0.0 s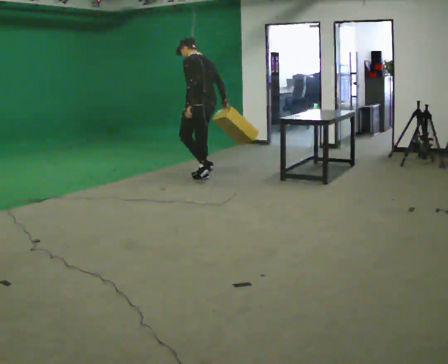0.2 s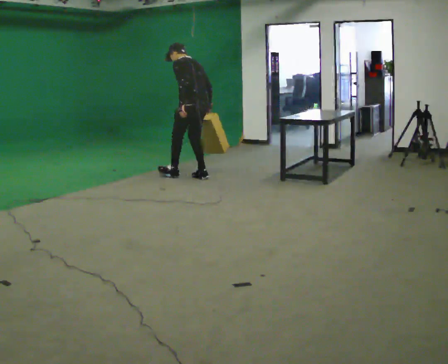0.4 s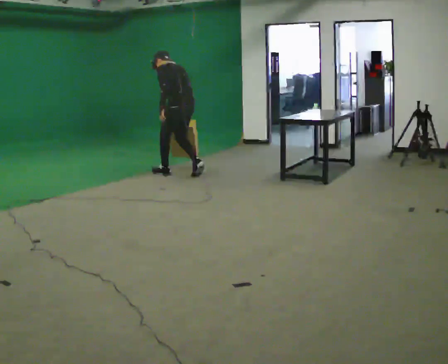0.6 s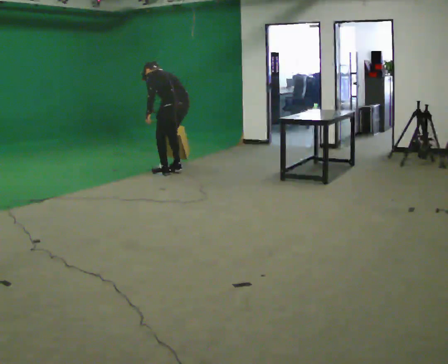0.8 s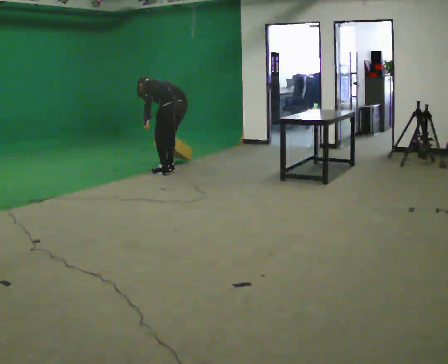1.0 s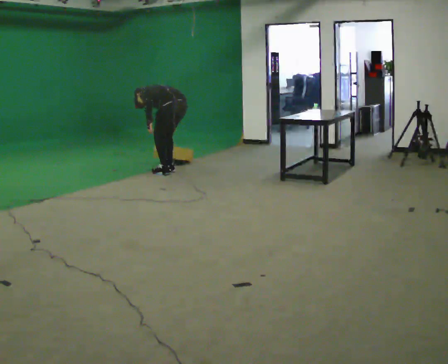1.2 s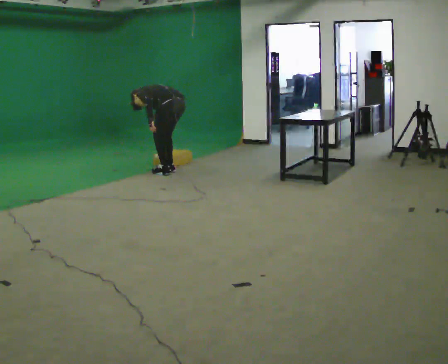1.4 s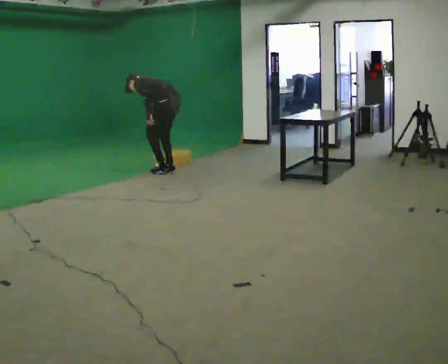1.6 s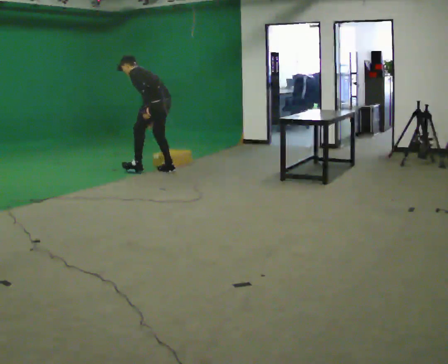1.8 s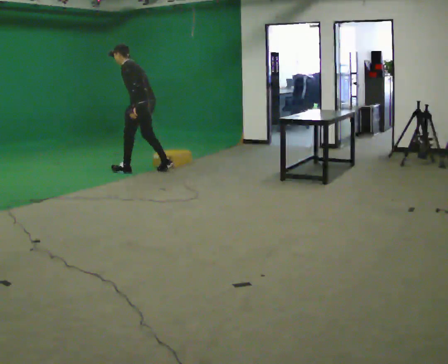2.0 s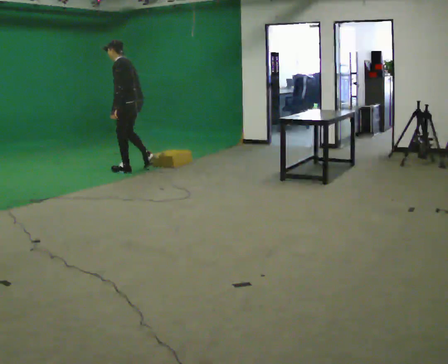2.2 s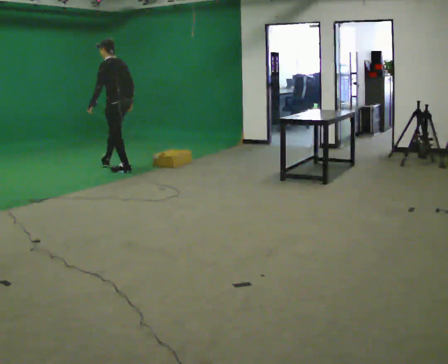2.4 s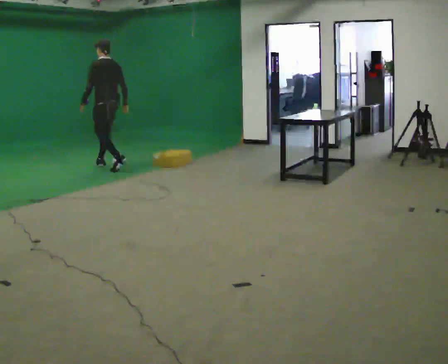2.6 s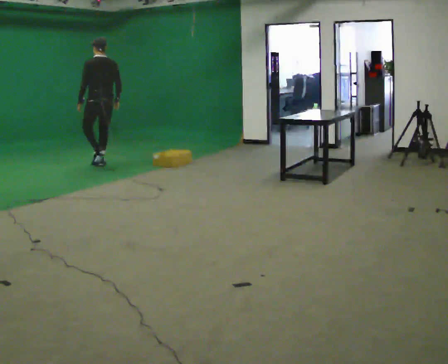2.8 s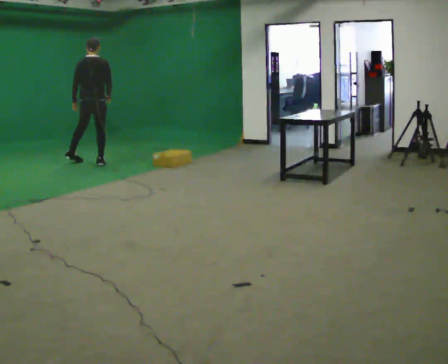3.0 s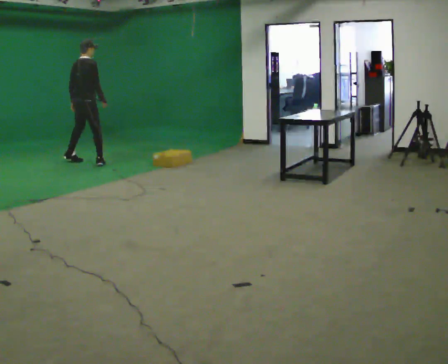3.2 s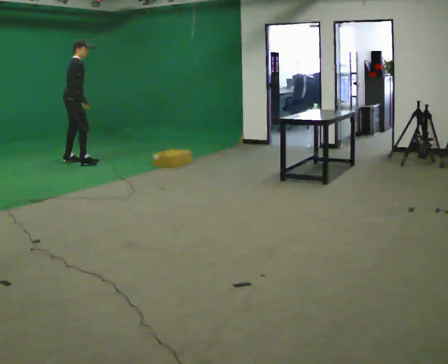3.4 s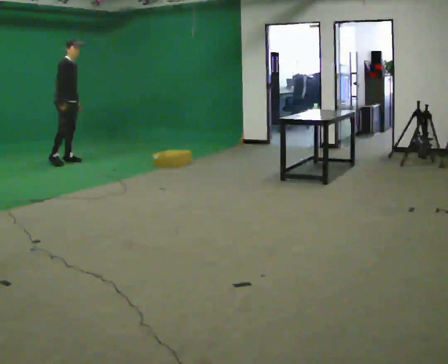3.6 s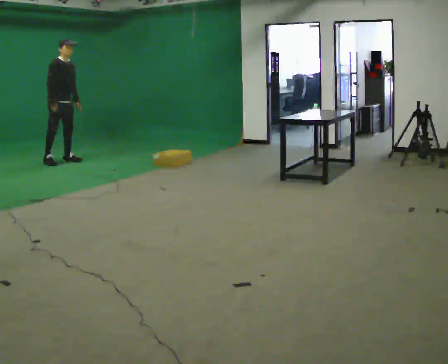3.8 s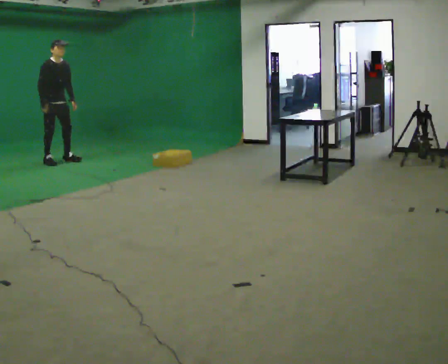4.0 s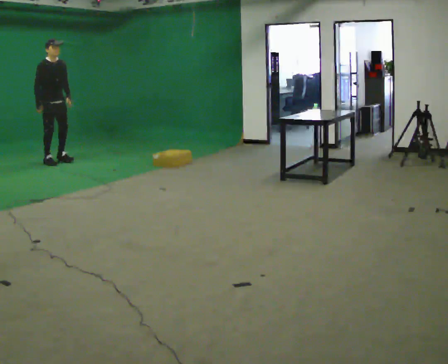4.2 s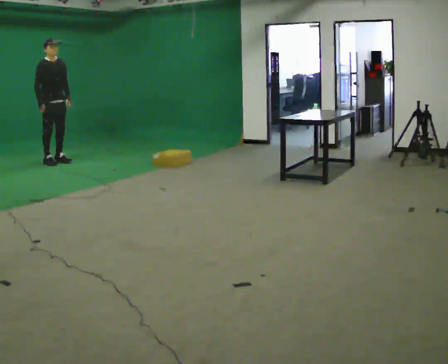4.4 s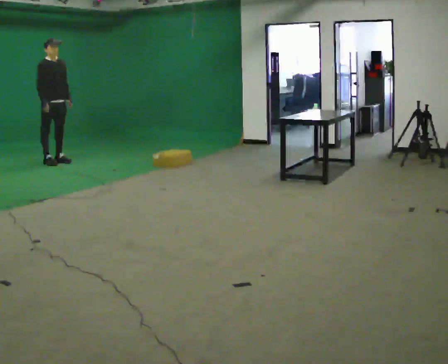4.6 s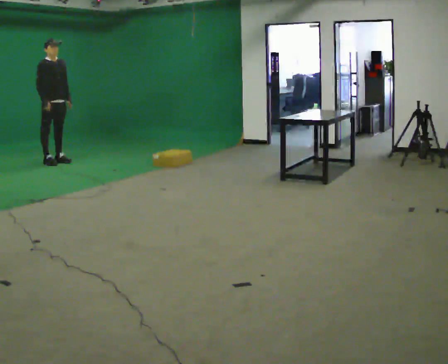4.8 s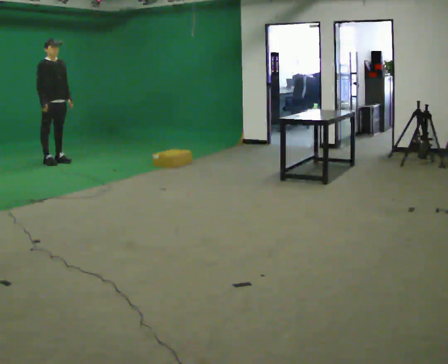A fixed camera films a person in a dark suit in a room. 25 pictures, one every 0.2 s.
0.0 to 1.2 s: In the picture they go away from the camera and to the left, about 0.5 m in 2 steps, which for them is forward. The shoulders move downward. In the picture the upper body tilts counterclockwise, shoulders to the left, as they bend forward.
1.2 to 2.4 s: In the picture they go to the left and away from the camera, about 1 m in 2 steps, which for them is forward. The shoulders move upward. In the picture the upper body tilts clockwise, shoulders to the right, as they lean back or straighten.
2.4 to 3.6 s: The part of the body nearest the lens slides to the left as the person turns to their right by about 165 degrees. In the picture they go to the left and away from the camera, about 1 m in 2 steps.
3.6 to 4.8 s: The person moves a little, or ends about where they began.
The film runs forward here.
